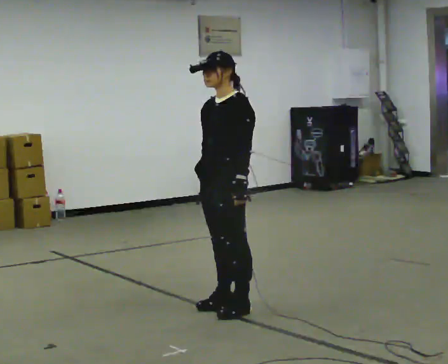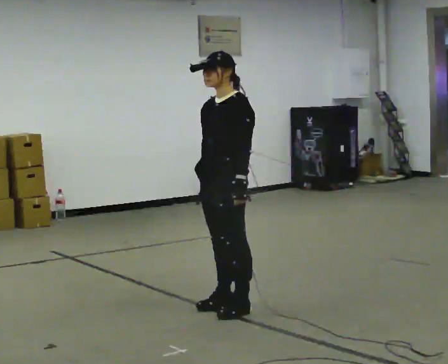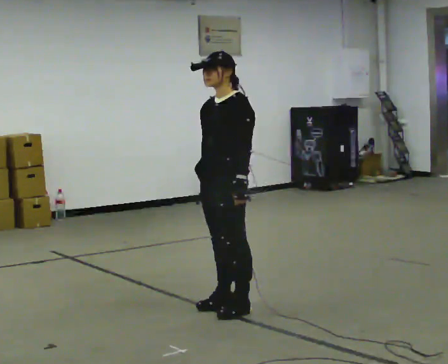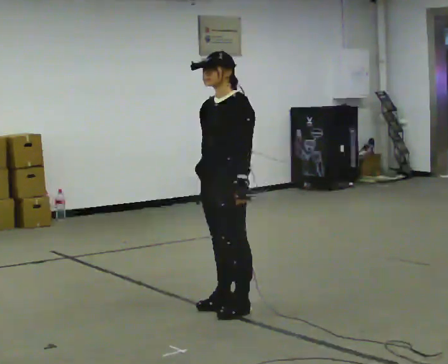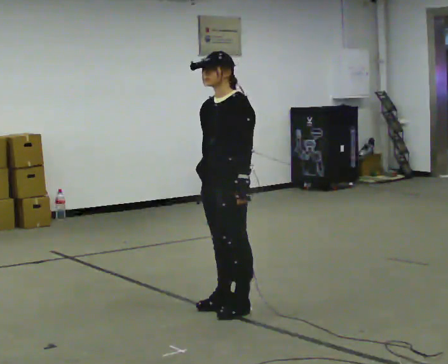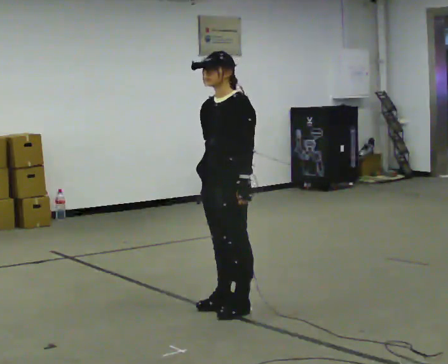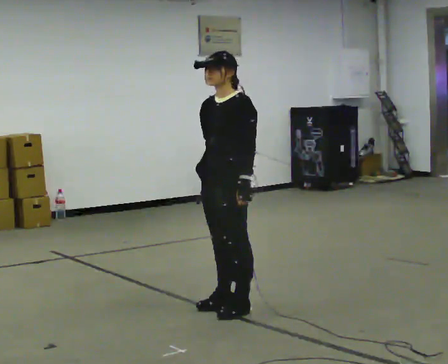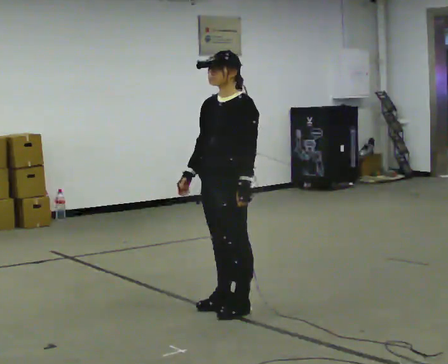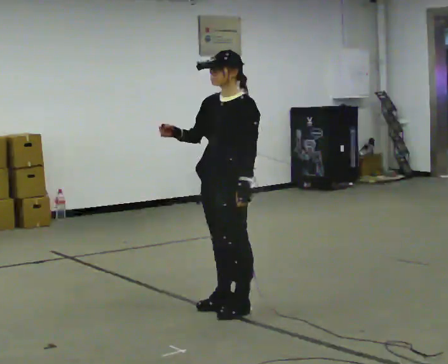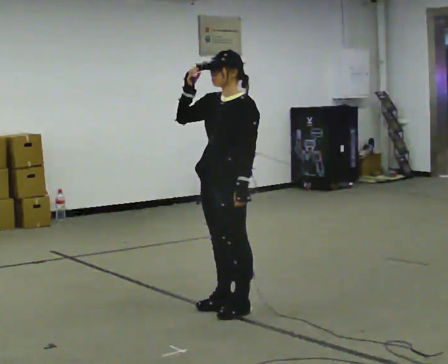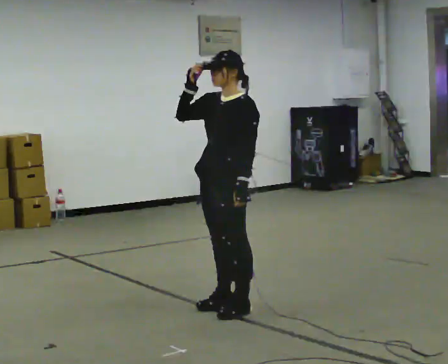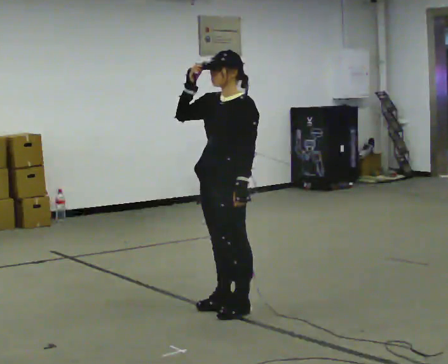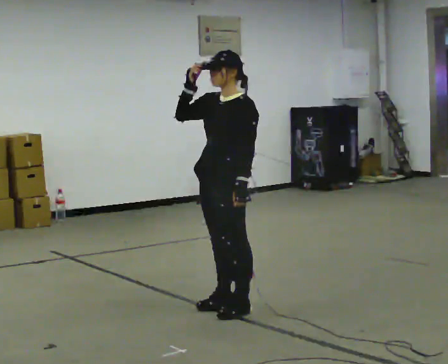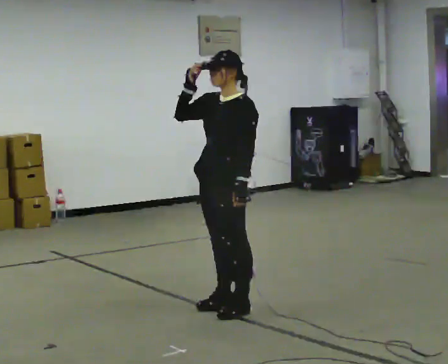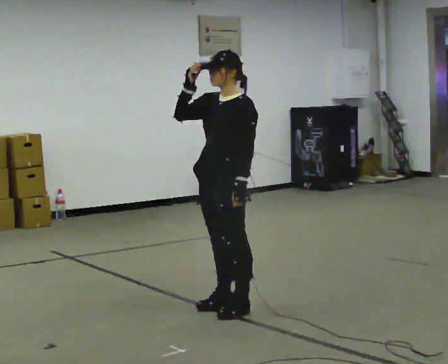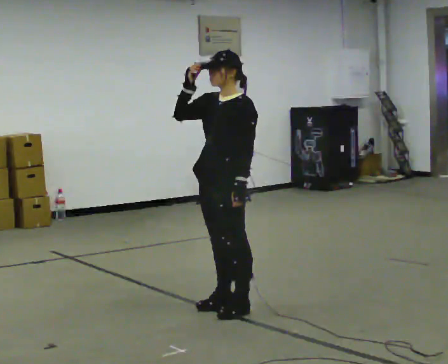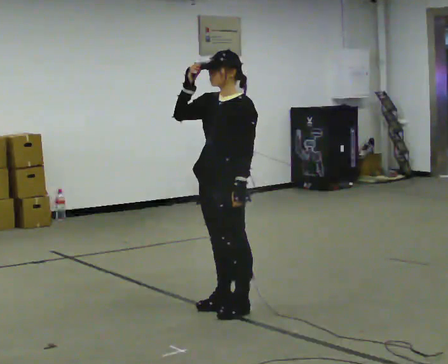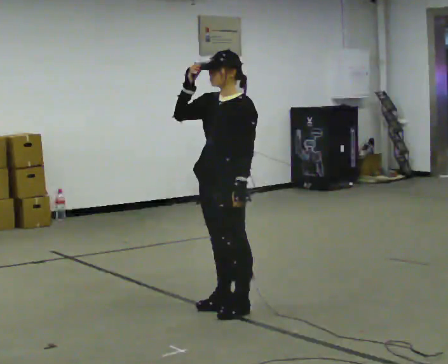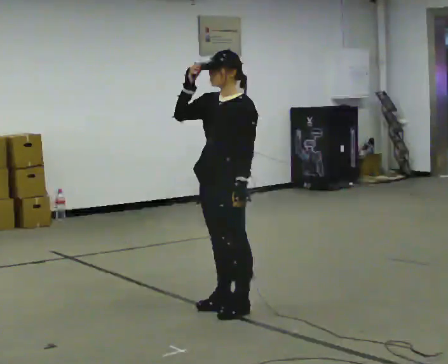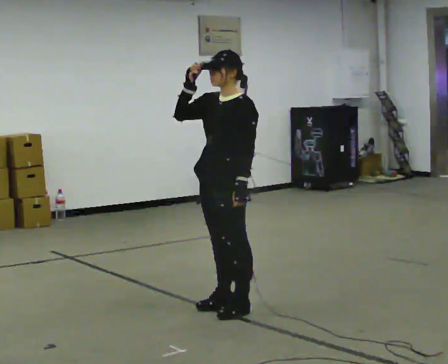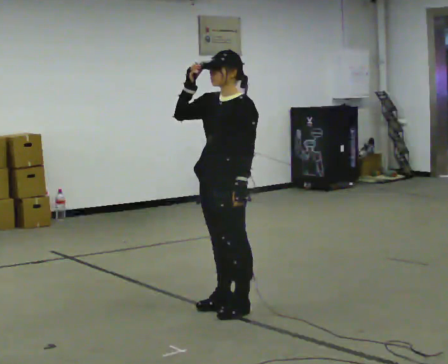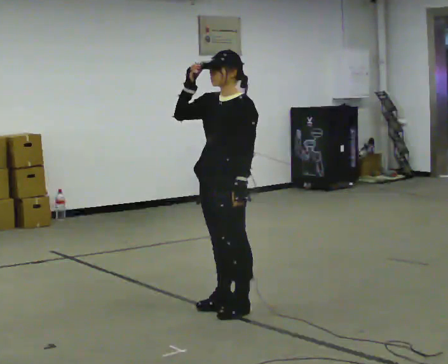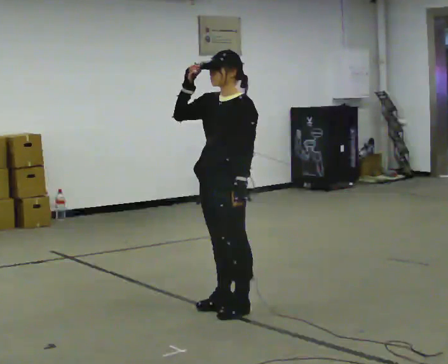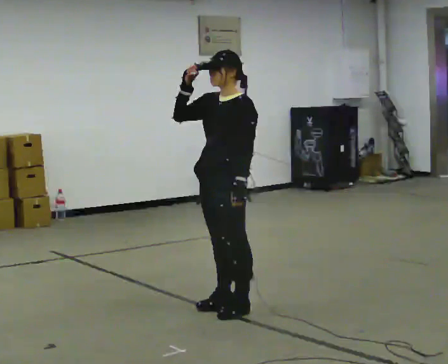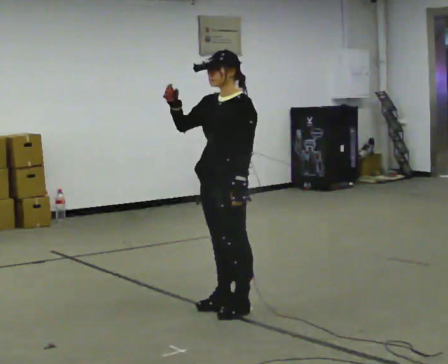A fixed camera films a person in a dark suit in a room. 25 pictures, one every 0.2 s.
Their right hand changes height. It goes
upward.
0.0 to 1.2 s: The person moves a little, or ends about where they began.
1.2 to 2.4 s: In the picture their right hand goes upward.
2.4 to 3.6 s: The person keeps their place and pose.
3.6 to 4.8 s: The person moves a little, or ends about where they began.
The film runs backward here.
